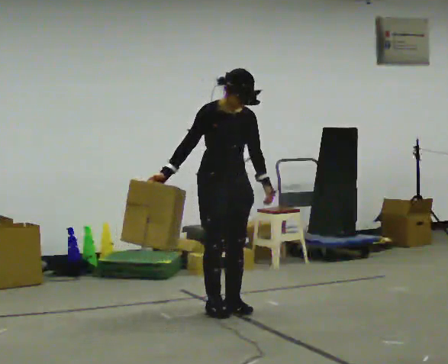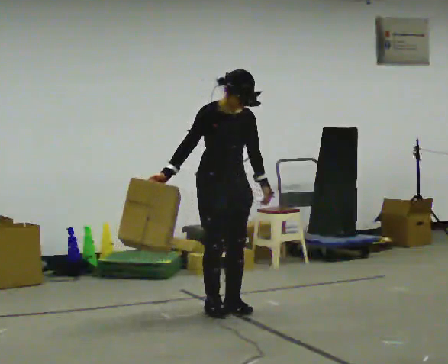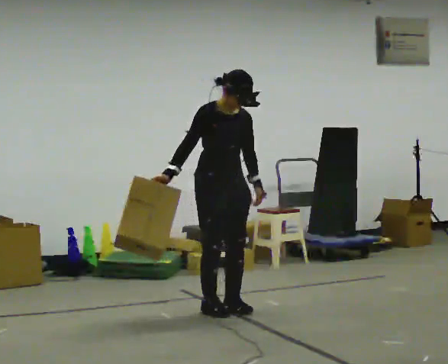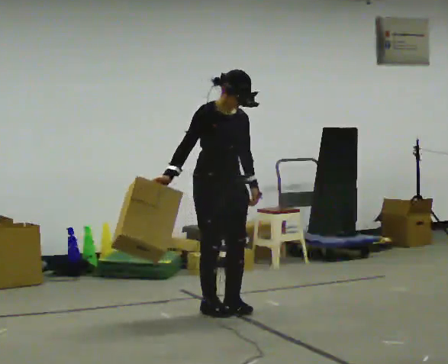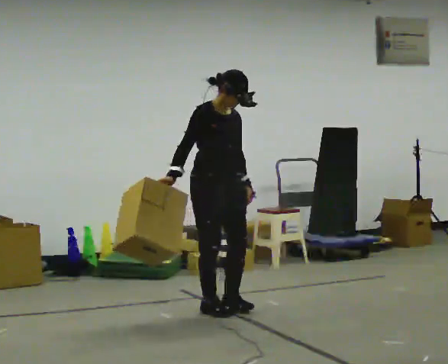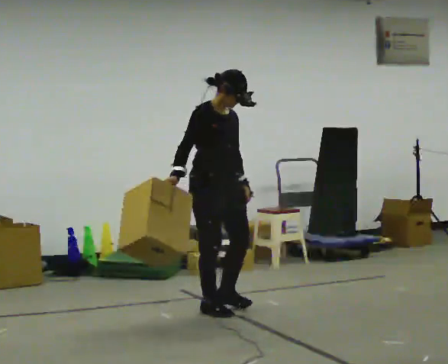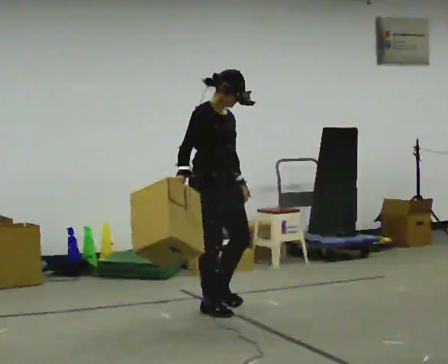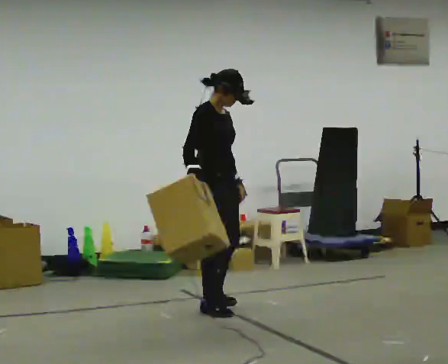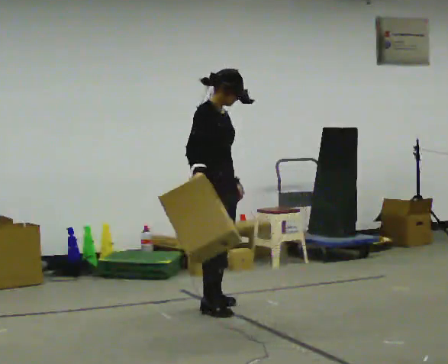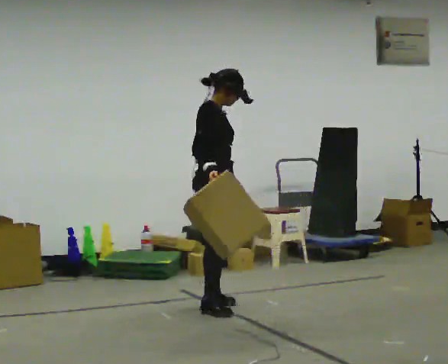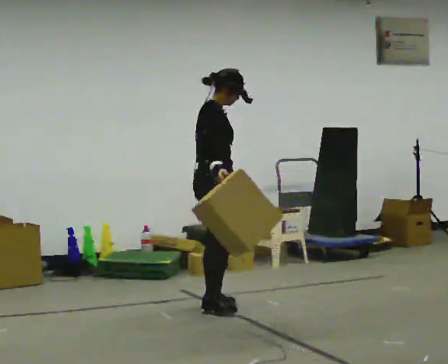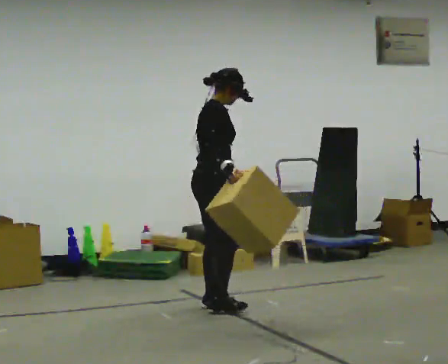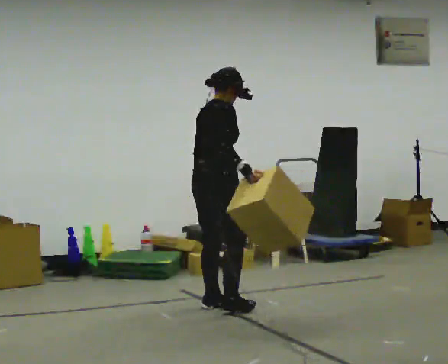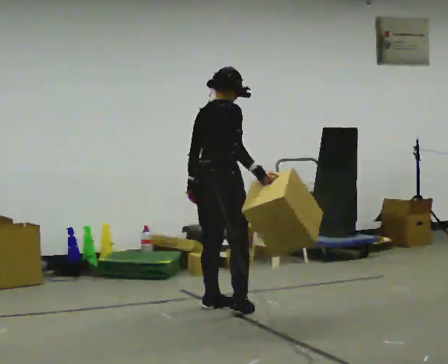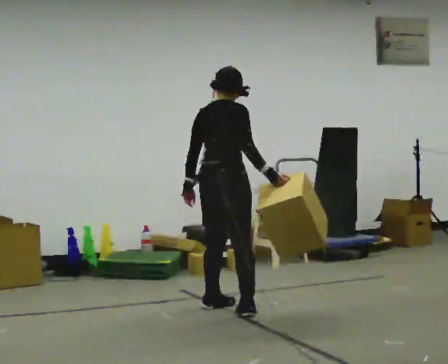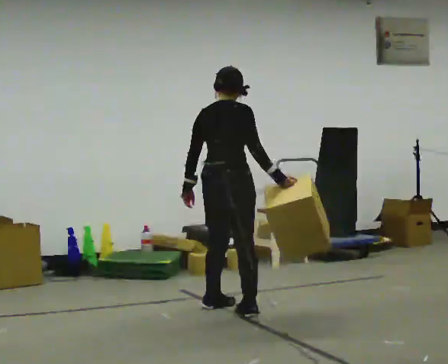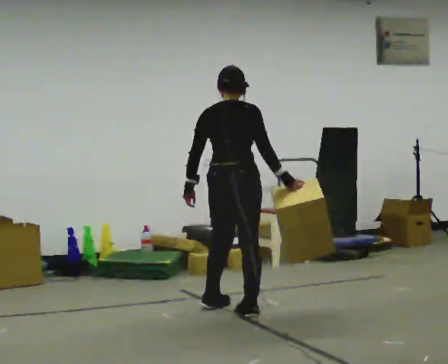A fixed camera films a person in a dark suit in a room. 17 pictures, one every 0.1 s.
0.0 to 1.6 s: The part of the body nearest the lens slides to the right as the person turns to their left by about 135 degrees. In the picture their right hand goes to the right, the arm swinging counterclockwise.
The film runs backward here.
